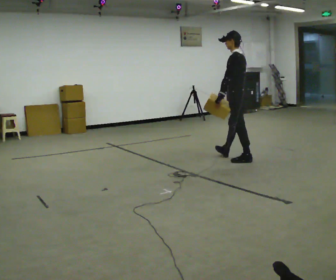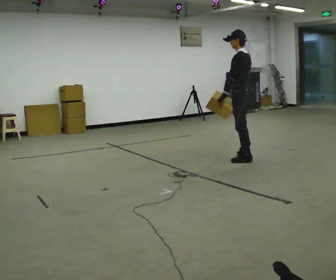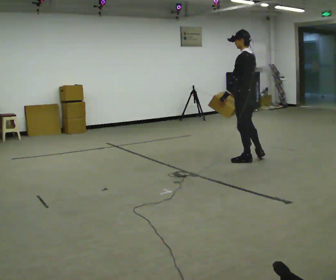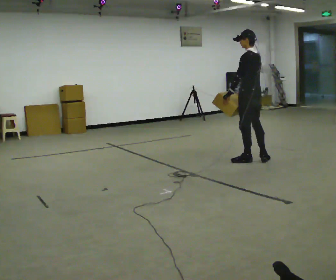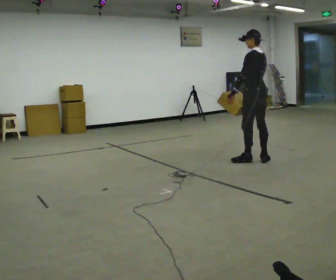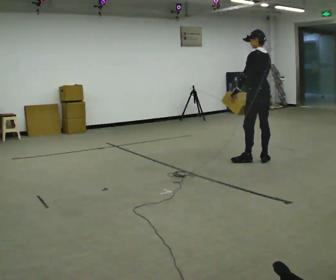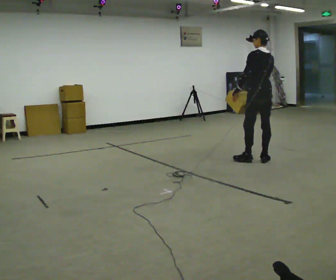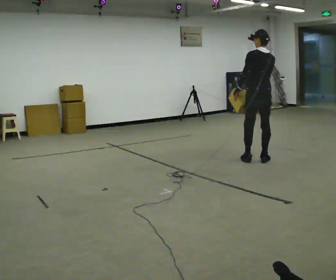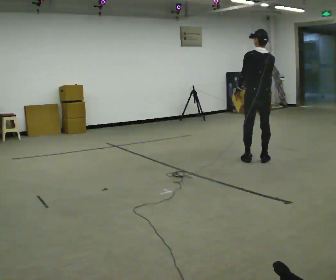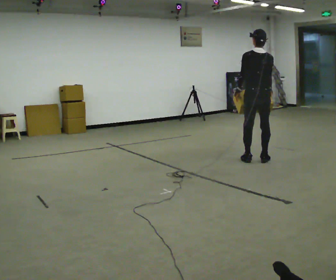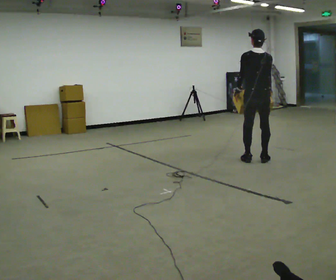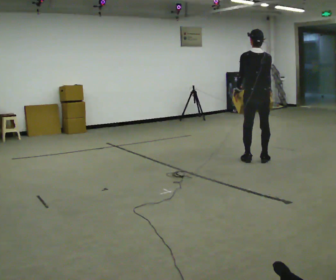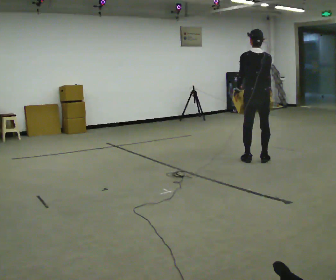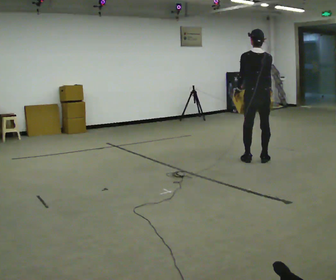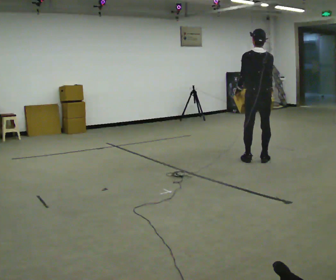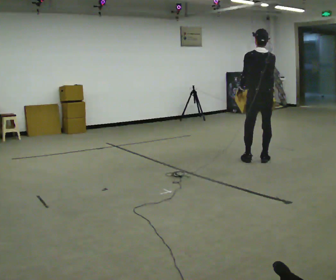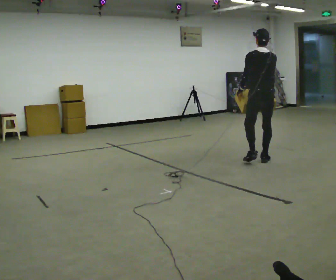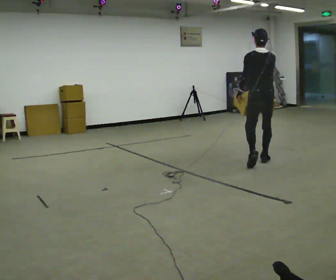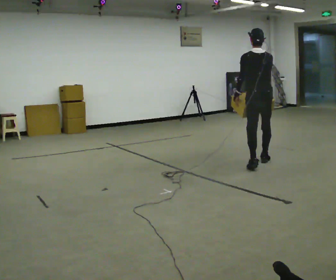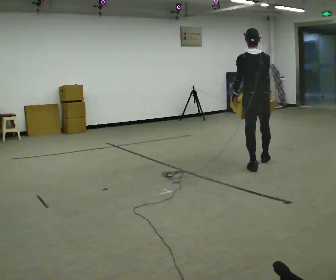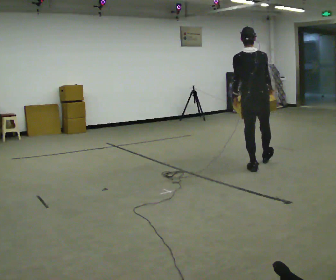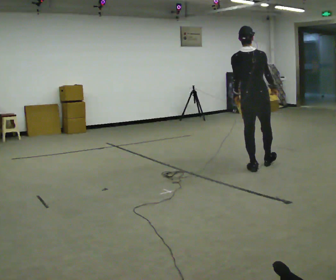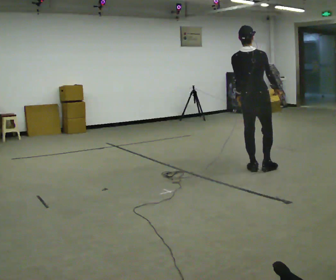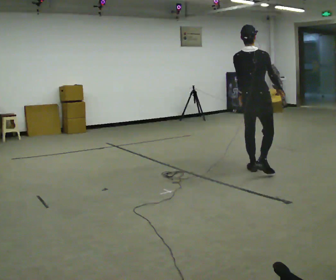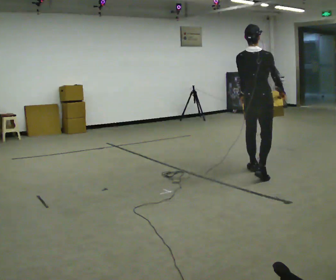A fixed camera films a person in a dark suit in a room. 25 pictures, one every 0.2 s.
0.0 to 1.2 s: The part of the body nearest the lens slides to the left as the person turns to their right by about 30 degrees. In the picture they go to the right, about 0.25 m, which for them is backward.
1.2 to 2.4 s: The person turns about 30 degrees to their right, clockwise seen from above, so the part of the body nearest the lens slides to the left.
2.4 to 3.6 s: In the picture they go toward the camera, about 0.25 m in 1 step, which for them is backward.
3.6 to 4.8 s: Seen from above the body turns clockwise, about 30 degrees: to their right, with its near side sliding to the left. In the picture they go toward the camera, about 0.5 m in 1 step, which for them is backward.
The film runs backward here.
